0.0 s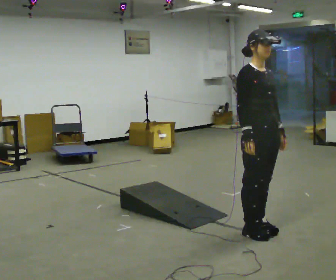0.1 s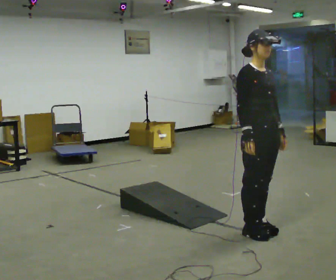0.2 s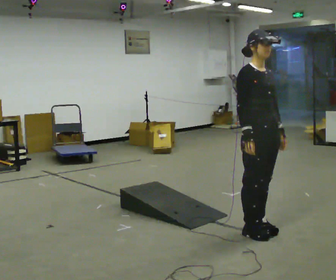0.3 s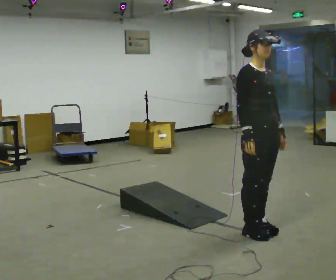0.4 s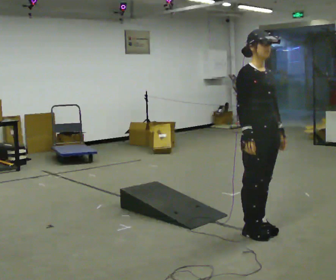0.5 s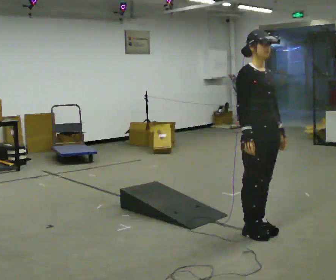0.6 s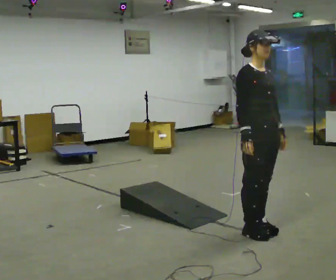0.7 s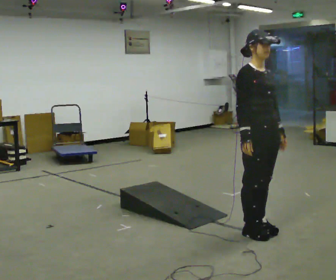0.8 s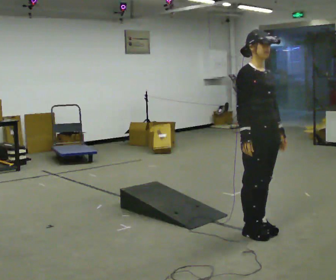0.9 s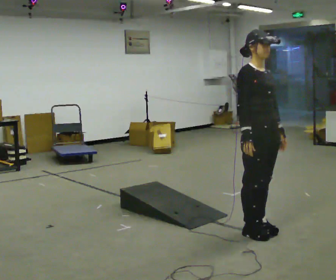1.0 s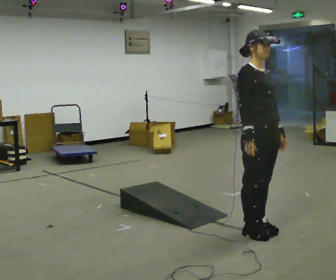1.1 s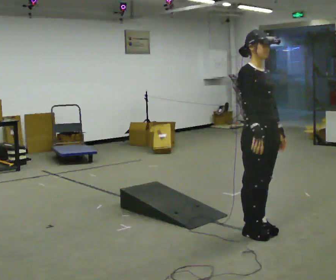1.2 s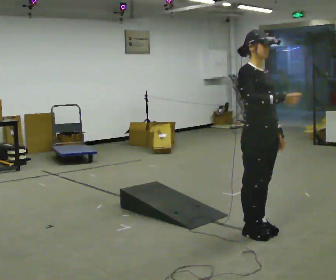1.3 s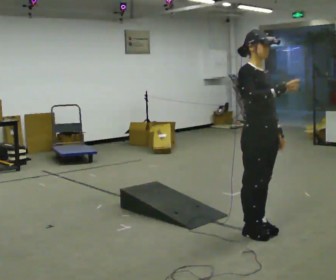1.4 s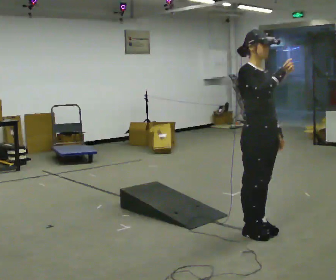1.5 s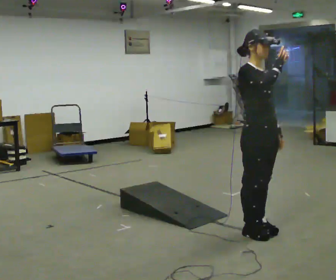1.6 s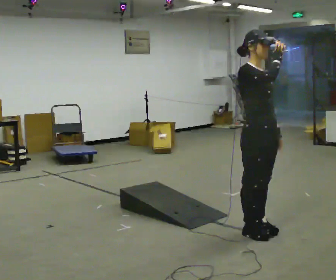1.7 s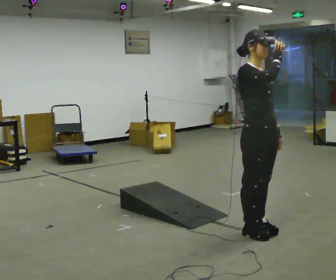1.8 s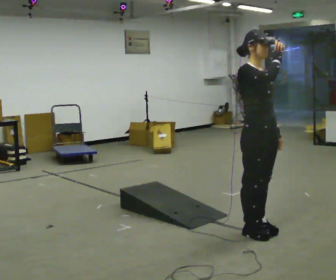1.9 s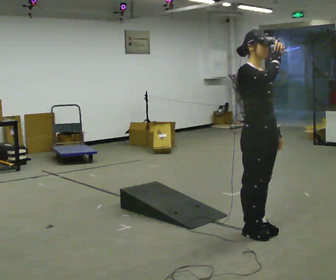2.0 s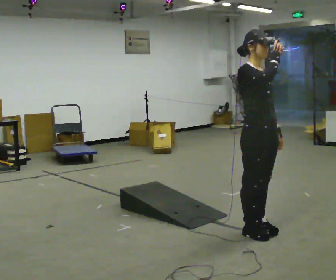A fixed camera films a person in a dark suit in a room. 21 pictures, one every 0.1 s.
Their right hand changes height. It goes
upward.
0.0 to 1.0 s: The person moves a little, or ends about where they began.
1.0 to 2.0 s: In the picture their right hand goes upward.
The film runs backward here.
